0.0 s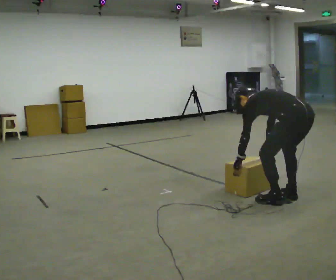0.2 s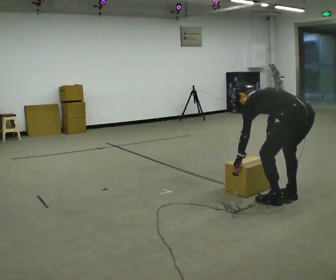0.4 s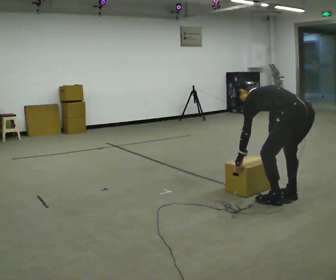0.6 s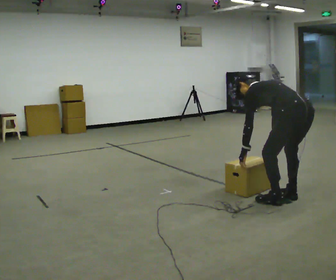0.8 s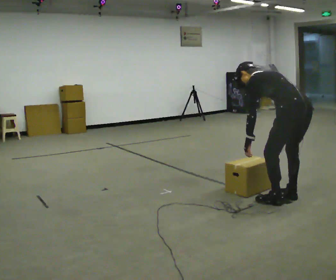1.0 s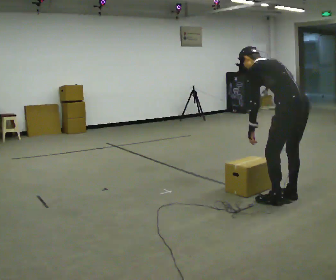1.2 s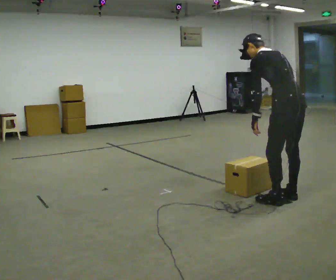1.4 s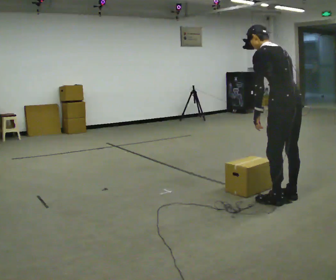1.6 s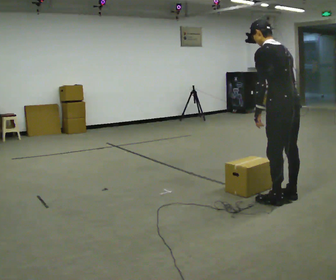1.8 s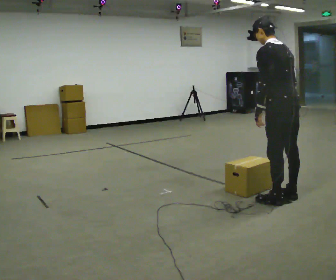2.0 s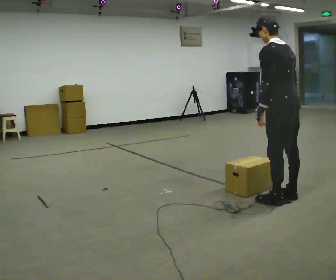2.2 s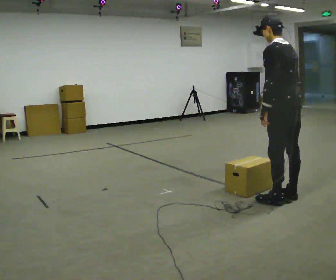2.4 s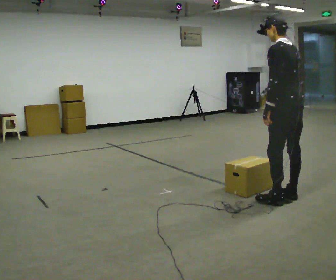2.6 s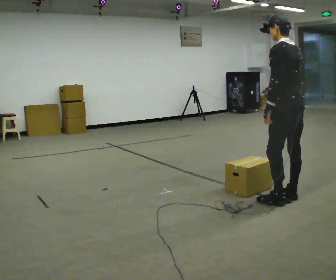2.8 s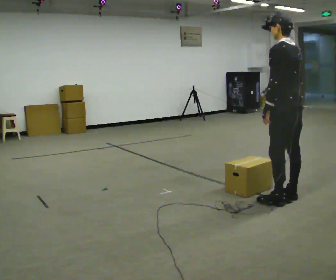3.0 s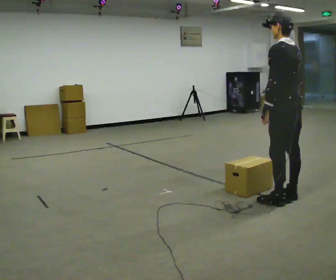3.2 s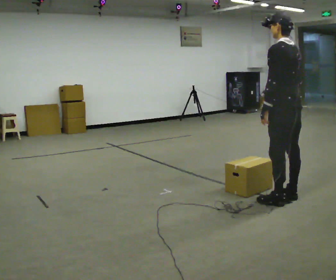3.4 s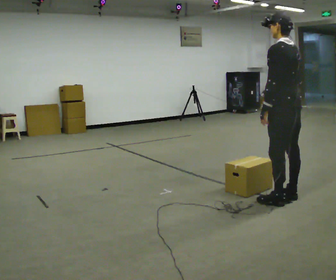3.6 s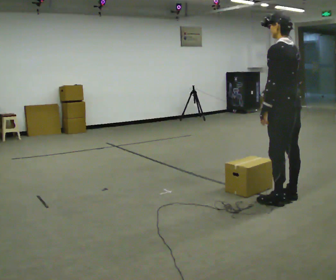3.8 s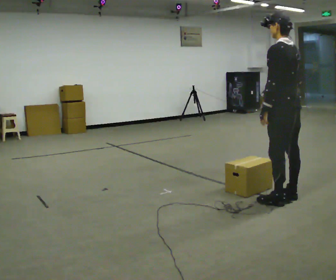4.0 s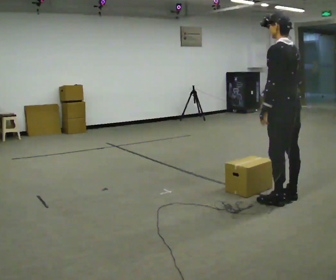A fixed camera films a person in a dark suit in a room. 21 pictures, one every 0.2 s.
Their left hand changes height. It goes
upward.
Their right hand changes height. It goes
upward.
0.0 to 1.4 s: The upper body goes upward. In the picture the upper body tilts clockwise, shoulders to the right, as they lean back or straighten. In the picture their right hand goes upward.
1.4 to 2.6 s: In the picture the upper body tilts clockwise, shoulders to the right, as they lean back or straighten.
2.6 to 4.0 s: The person moves a little, or ends about where they began.
The film runs backward here.
